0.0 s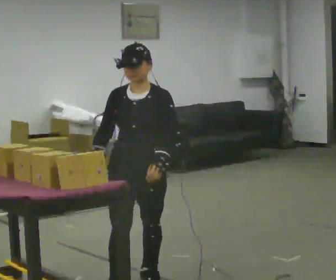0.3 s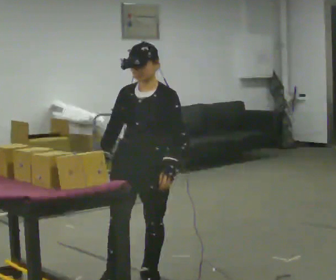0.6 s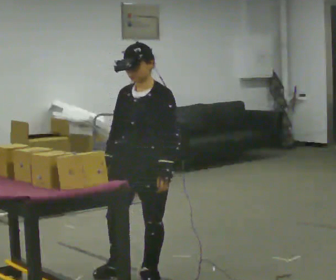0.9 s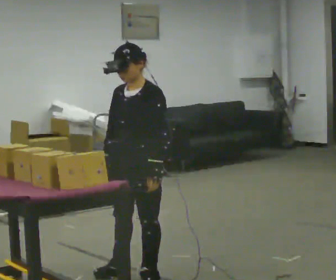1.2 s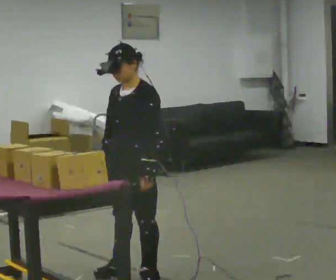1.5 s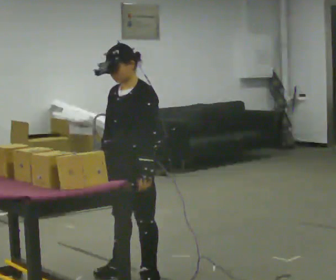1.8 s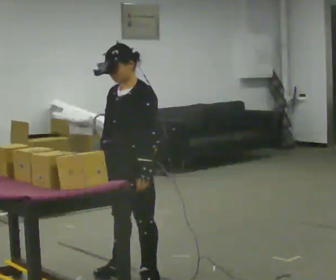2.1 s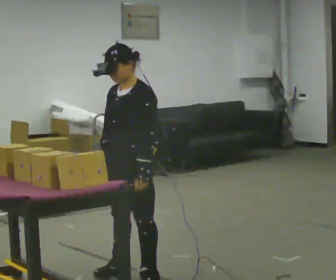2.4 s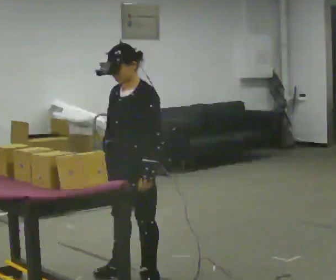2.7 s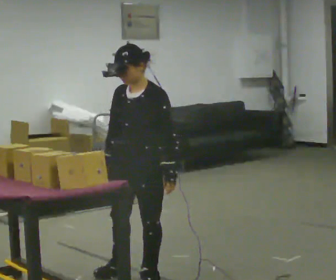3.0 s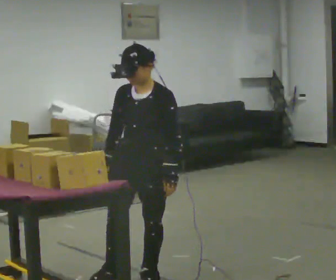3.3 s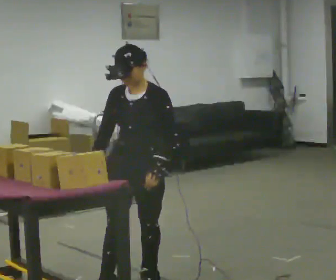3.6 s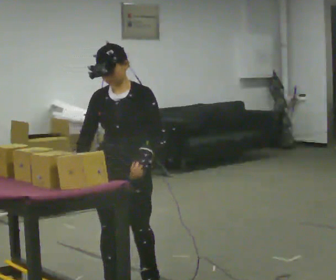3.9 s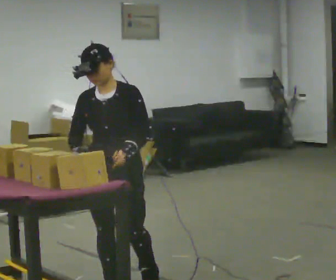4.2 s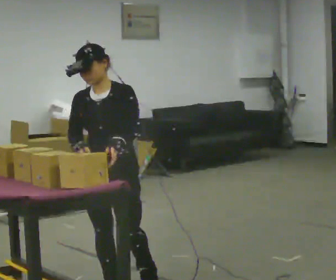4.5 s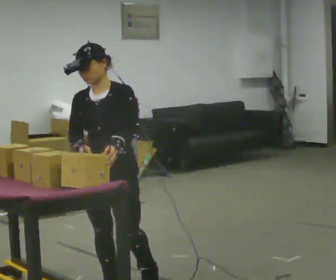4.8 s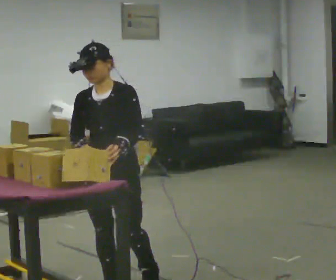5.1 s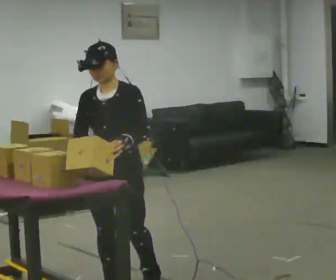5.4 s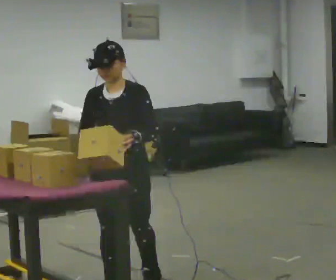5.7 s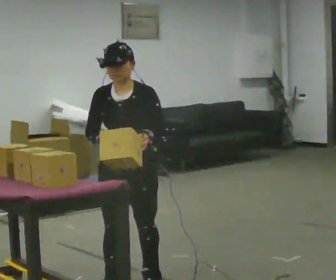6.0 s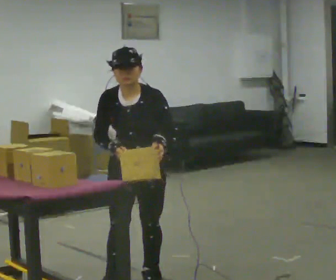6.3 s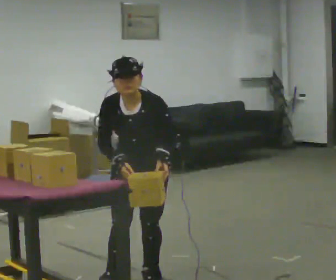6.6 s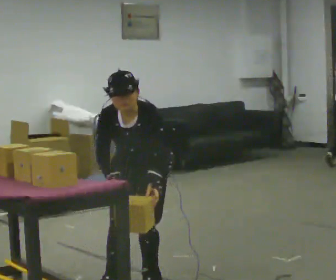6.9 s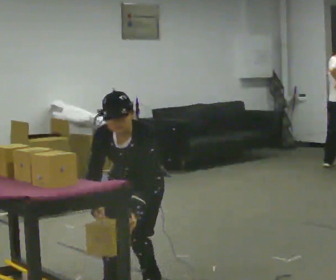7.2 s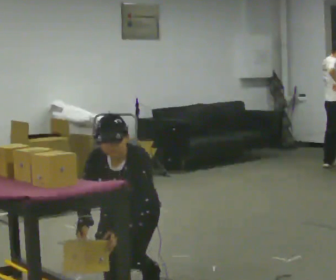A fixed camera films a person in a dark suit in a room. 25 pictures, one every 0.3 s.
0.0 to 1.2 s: The person turns about 30 degrees to their right, clockwise seen from above, so the part of the body nearest the lens slides to the left. In the picture they go away from the camera, about 0.25 m in 1 step, which for them is backward.
1.2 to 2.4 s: The person moves a little, or ends about where they began.
2.4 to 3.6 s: Seen from above the body turns counterclockwise, about 30 degrees: to their left, with its near side sliding to the right. In the picture they go toward the camera, about 0.25 m in 1 step, which for them is forward.
3.6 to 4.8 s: The person moves a little, or ends about where they began.
4.8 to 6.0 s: In the picture they go away from the camera and to the right, about 0.25 m, which for them is backward. The upper body tips toward the camera, its near side rolling downward, as they bend forward.
6.0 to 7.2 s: The upper body goes downward. In the picture their left hand goes downward.
The film runs backward here.
